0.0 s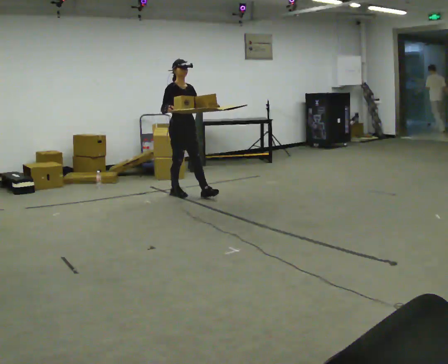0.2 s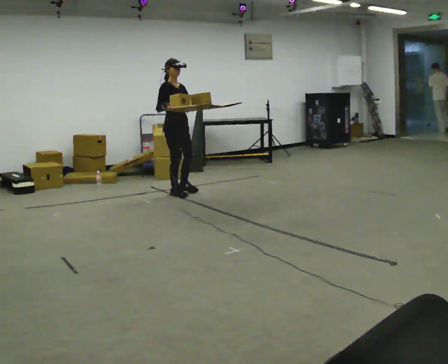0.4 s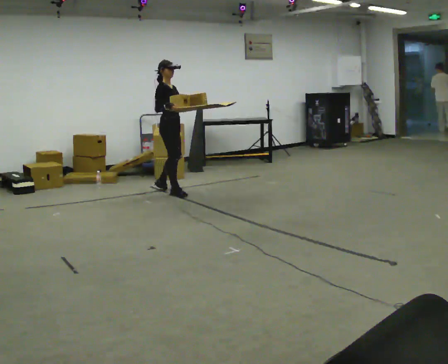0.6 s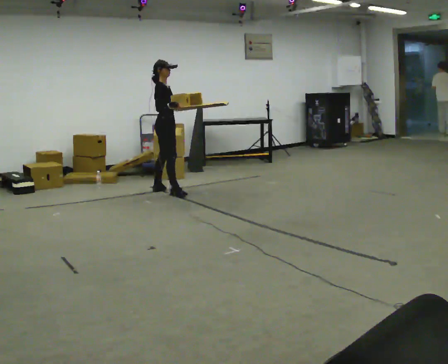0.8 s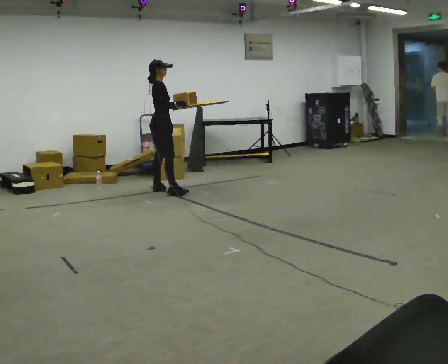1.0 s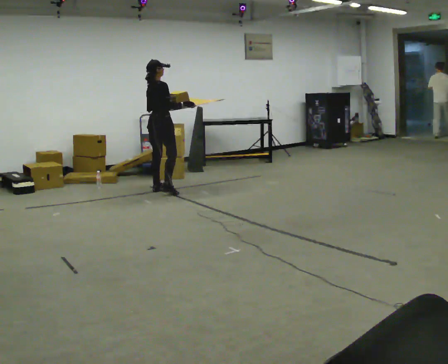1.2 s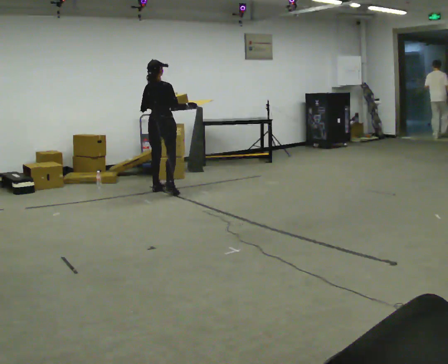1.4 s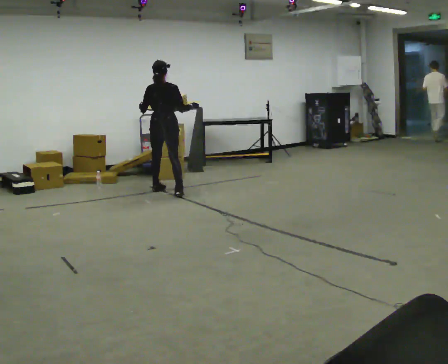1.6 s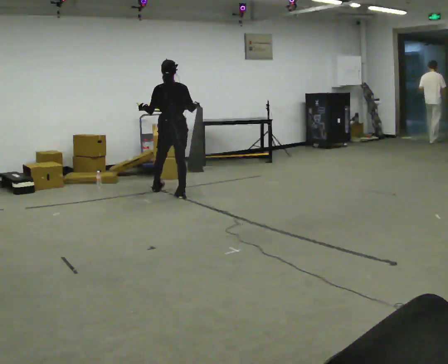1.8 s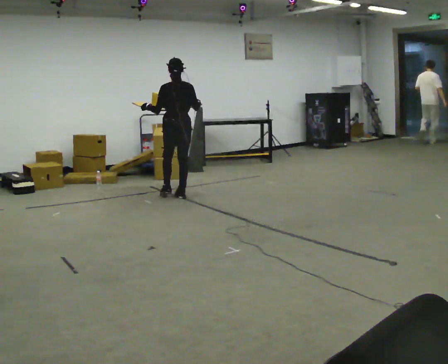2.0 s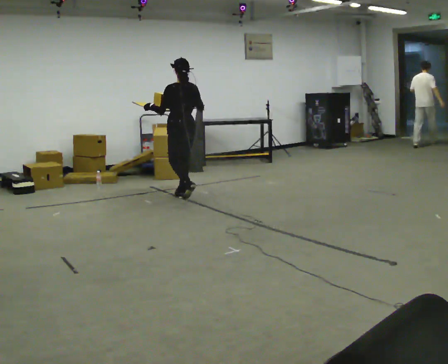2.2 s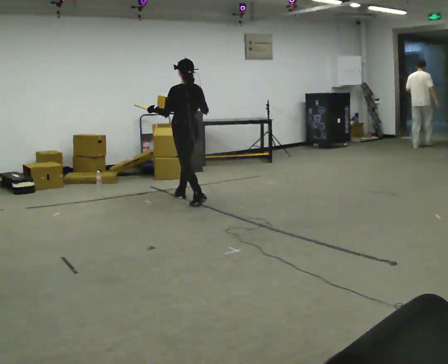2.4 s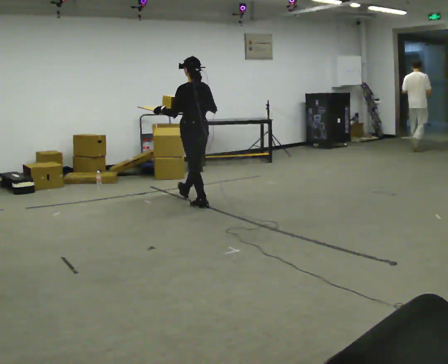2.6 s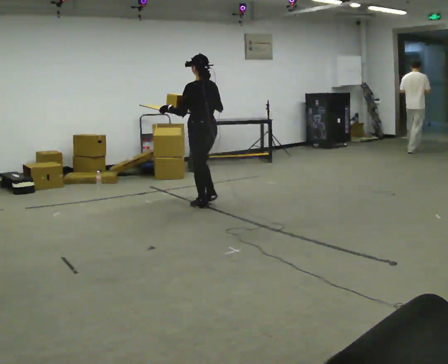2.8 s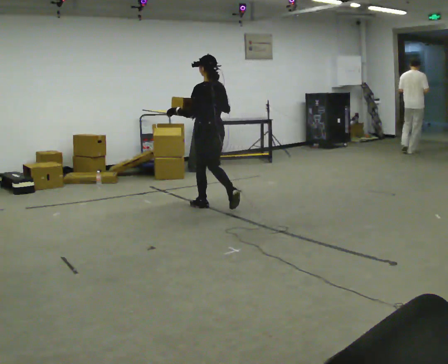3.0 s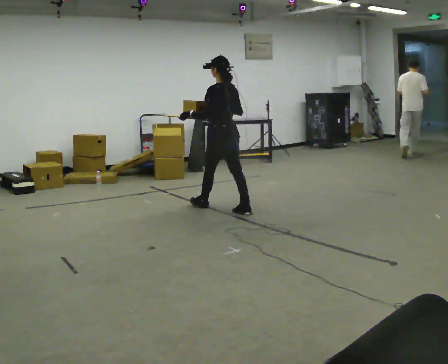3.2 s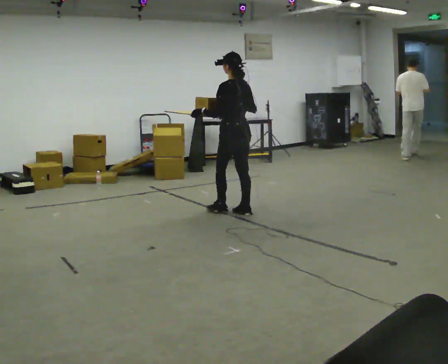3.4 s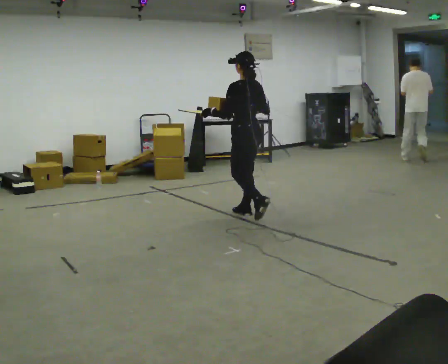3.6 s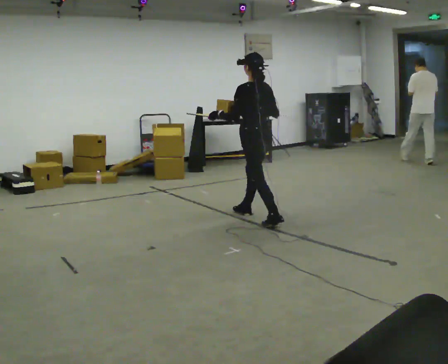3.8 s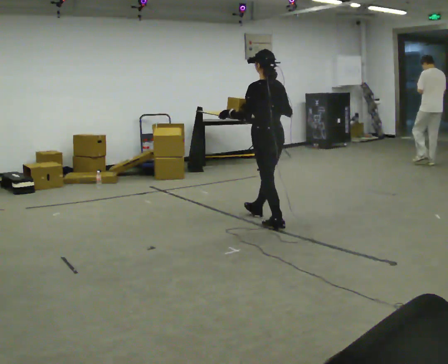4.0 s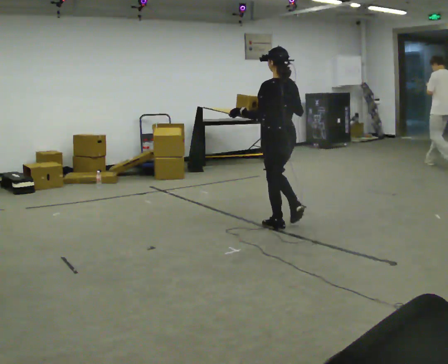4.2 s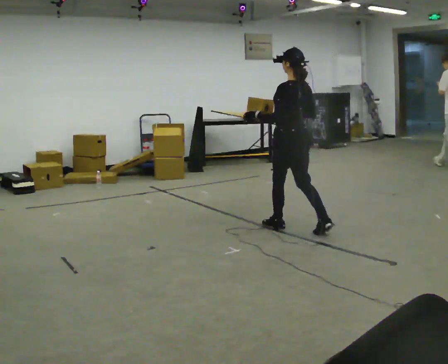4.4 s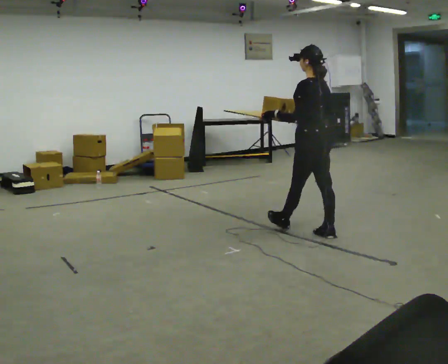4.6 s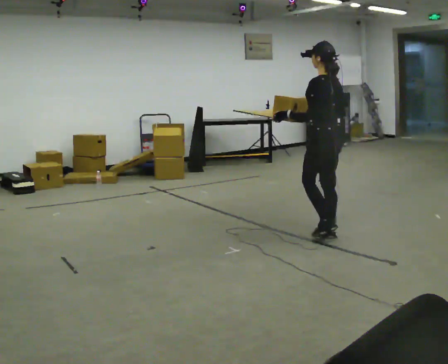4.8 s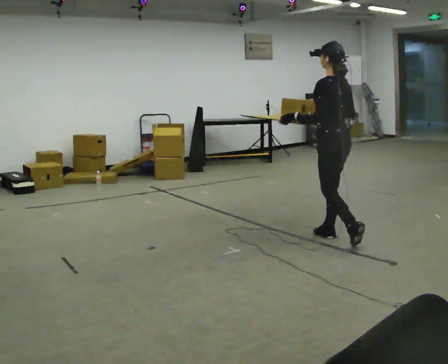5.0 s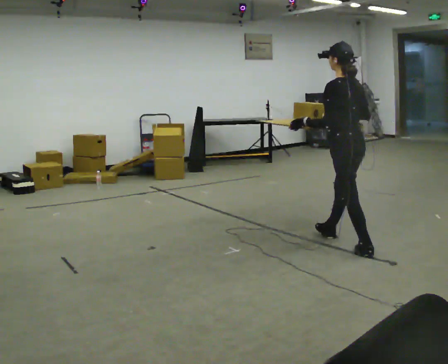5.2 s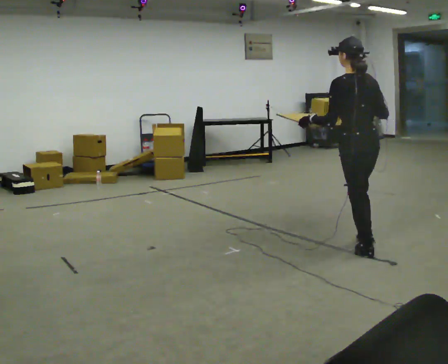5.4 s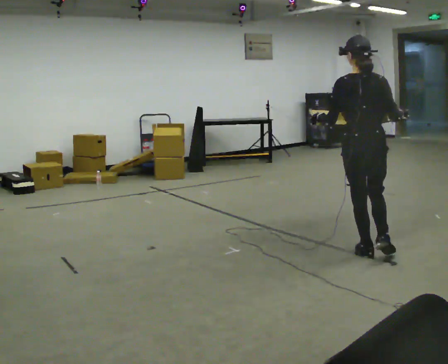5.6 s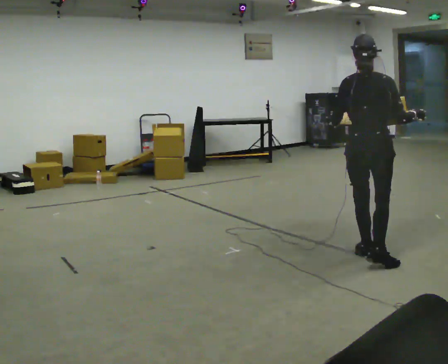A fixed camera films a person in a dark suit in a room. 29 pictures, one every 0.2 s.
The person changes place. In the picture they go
toward the camera.
0.0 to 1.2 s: The part of the body nearest the lens slides to the right as the person turns to their left by about 105 degrees. In the picture they go to the left and away from the camera, about 0.25 m in 1 step.
1.2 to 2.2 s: The part of the body nearest the lens slides to the right as the person turns to their left by about 75 degrees. In the picture they go toward the camera and to the right, about 0.5 m in 1 step.
2.2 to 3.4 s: In the picture they go toward the camera and to the right, about 1 m in 2 steps, which for them is backward.
3.4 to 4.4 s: In the picture they go toward the camera and to the right, about 1 m in 2 steps, which for them is backward.
4.4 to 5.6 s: Seen from above the body turns clockwise, about 60 degrees: to their right, with its near side sliding to the left. In the picture they go toward the camera, about 1 m in 1 step.
The film runs backward here.
